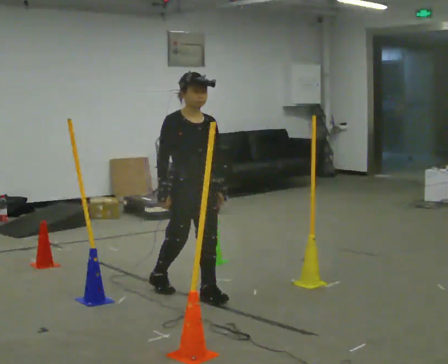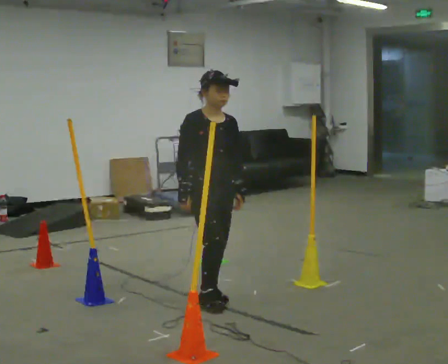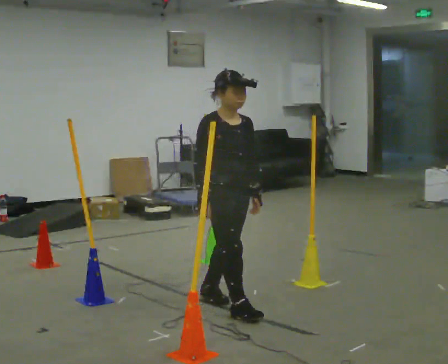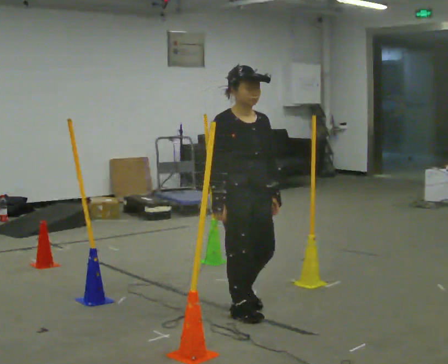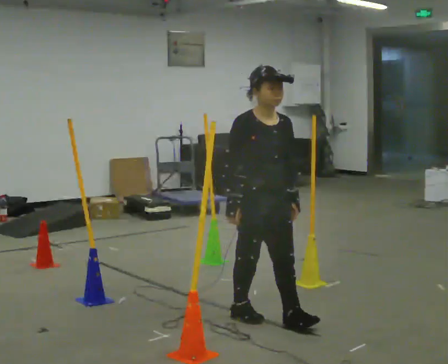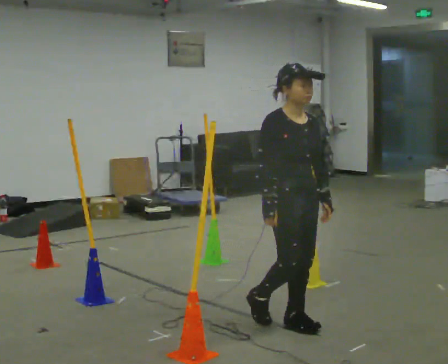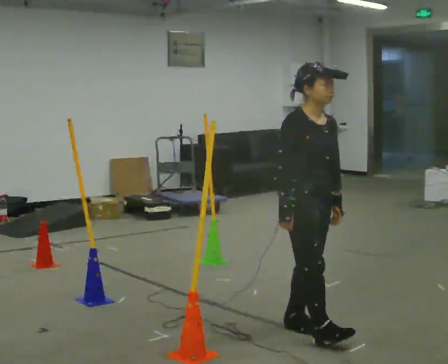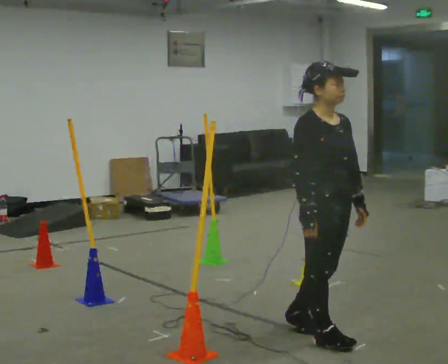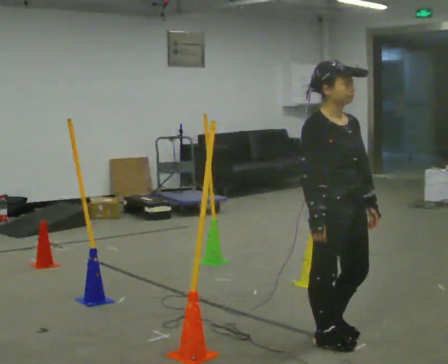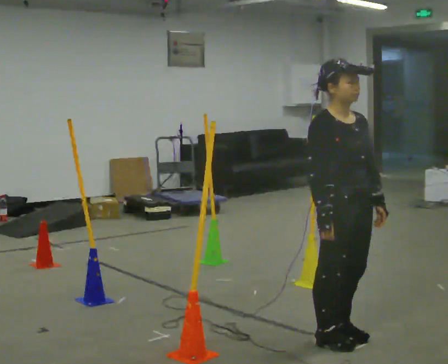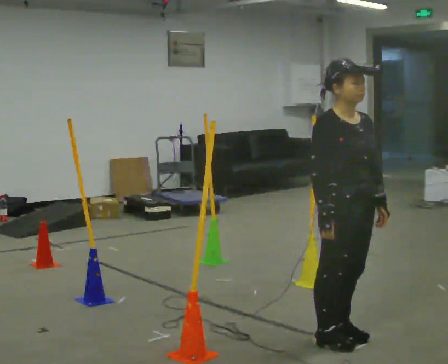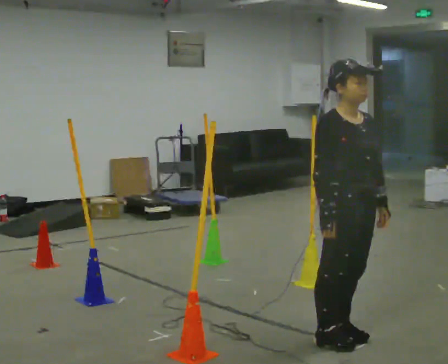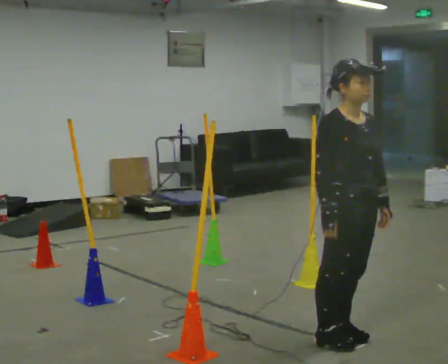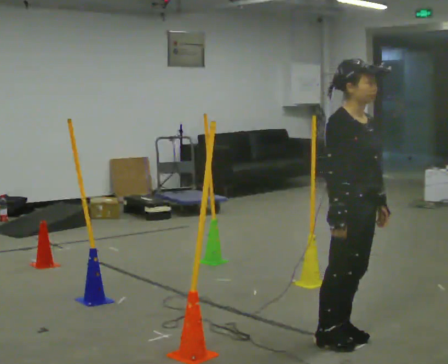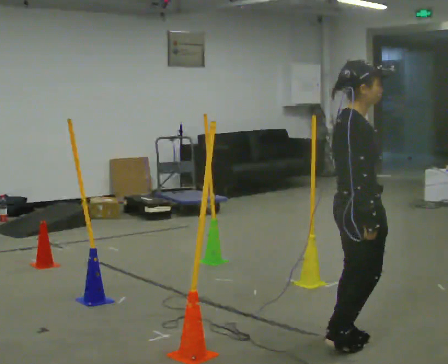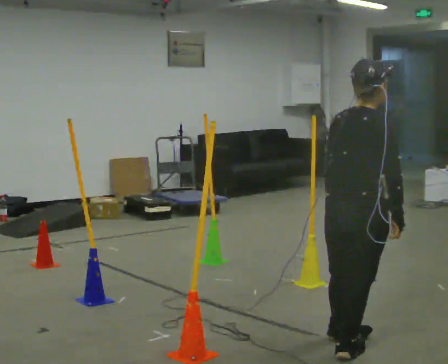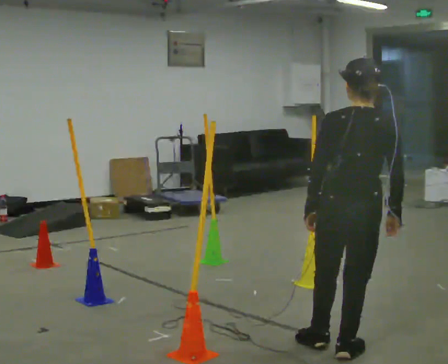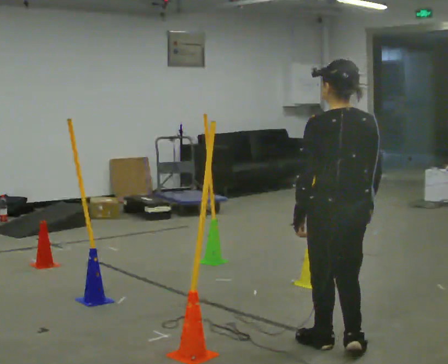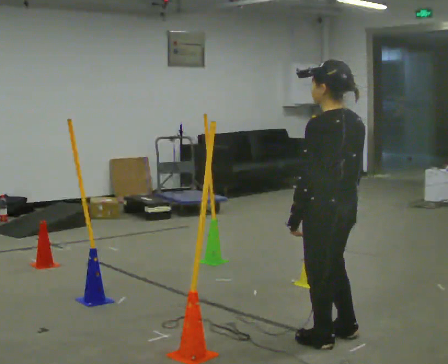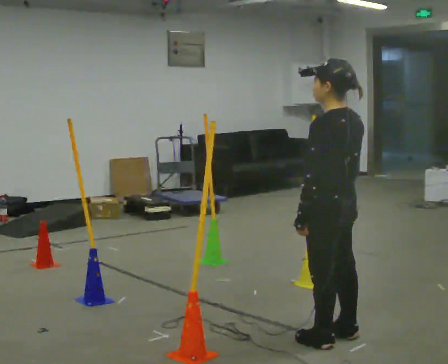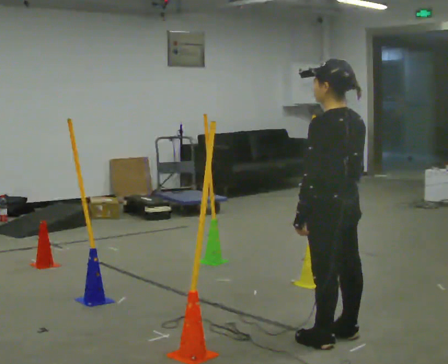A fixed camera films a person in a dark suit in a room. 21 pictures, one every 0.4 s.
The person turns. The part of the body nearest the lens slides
to the right.
The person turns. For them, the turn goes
to their left.
0.0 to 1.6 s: In the picture they go toward the camera and to the right, about 0.75 m in 2 steps, which for them is forward.
1.6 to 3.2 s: In the picture they go toward the camera and to the right, about 0.5 m in 1 step, which for them is forward.
3.2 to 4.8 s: The person moves a little, or ends about where they began.
4.8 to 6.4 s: The person turns about 135 degrees to their left, counterclockwise seen from above, so the part of the body nearest the lens slides to the right. In the picture they go toward the camera, about 0.25 m in 2 steps. In the picture their left hand goes to the left, the arm swinging clockwise.
6.4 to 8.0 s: Seen from above the body turns counterclockwise, about 45 degrees: to their left, with its near side sliding to the right. In the picture they go away from the camera, about 0.25 m in 1 step, which for them is forward.
The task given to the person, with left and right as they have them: Walk through passage without touching sides; continue normally after exit.
The film runs forward here.
